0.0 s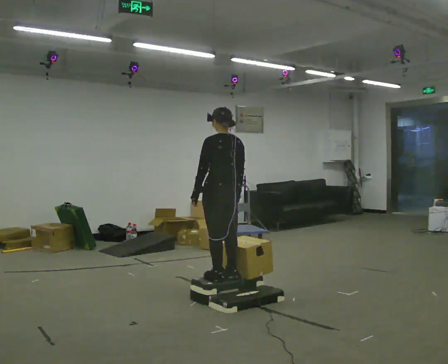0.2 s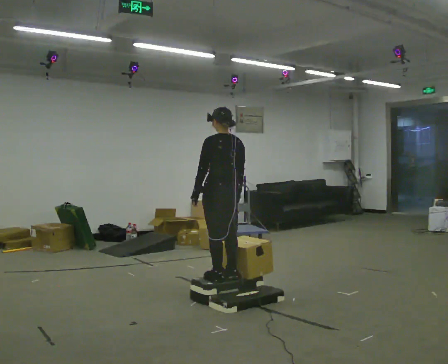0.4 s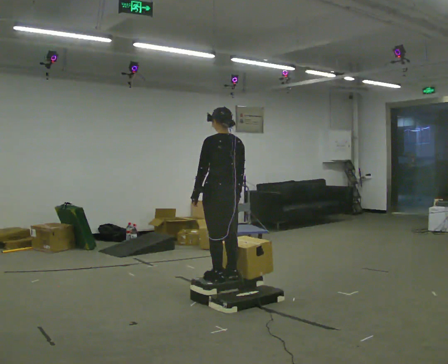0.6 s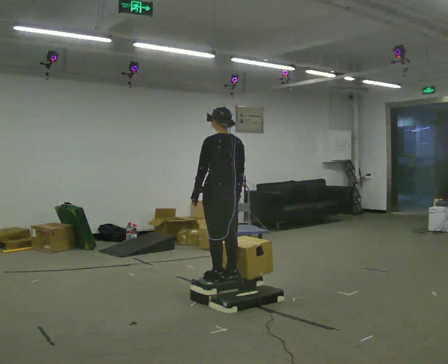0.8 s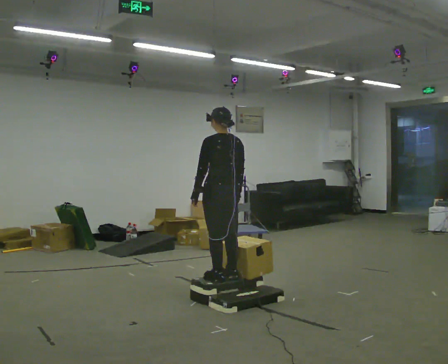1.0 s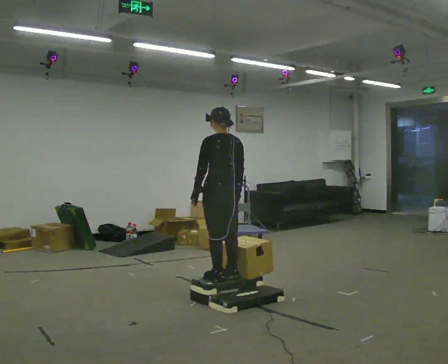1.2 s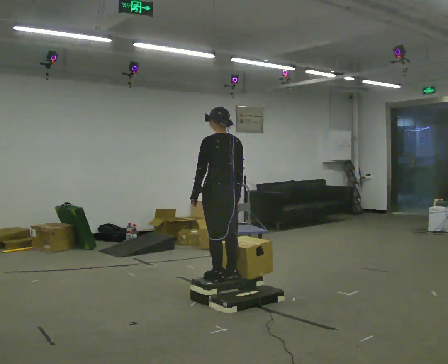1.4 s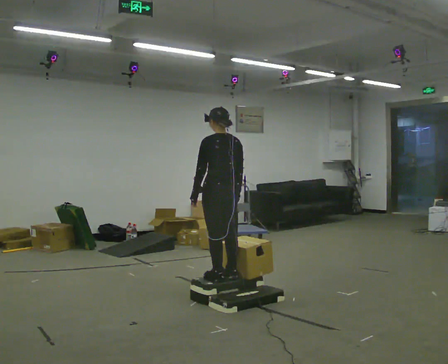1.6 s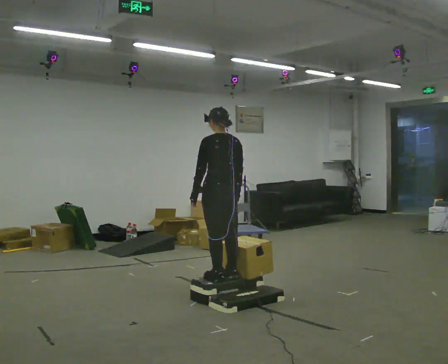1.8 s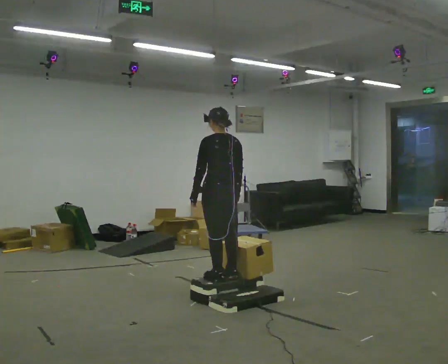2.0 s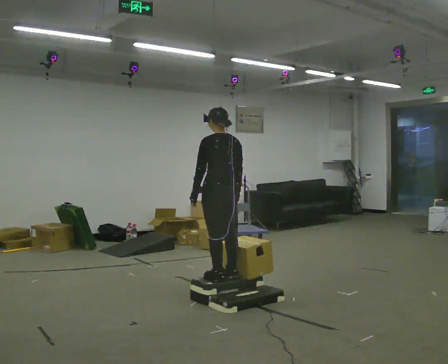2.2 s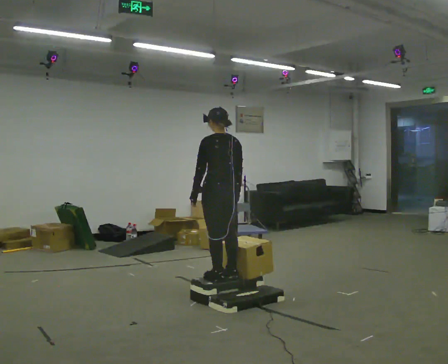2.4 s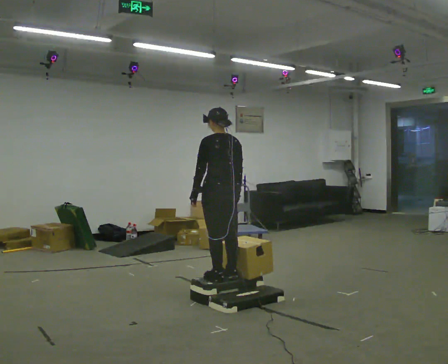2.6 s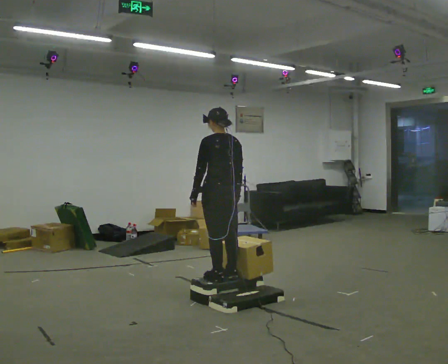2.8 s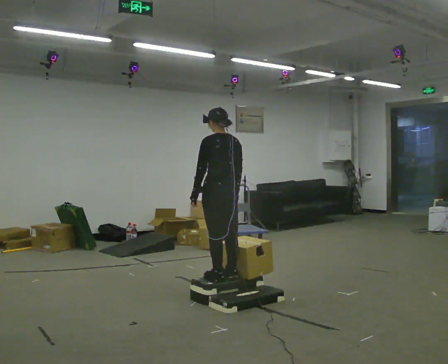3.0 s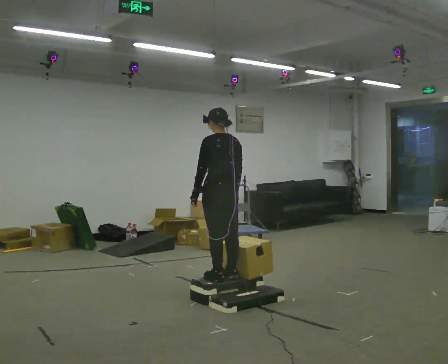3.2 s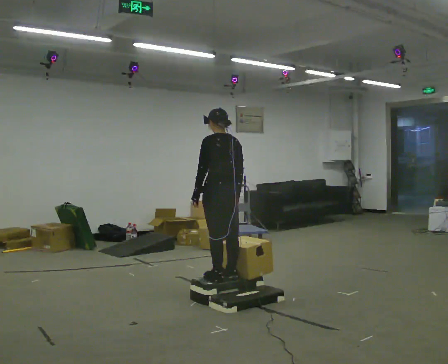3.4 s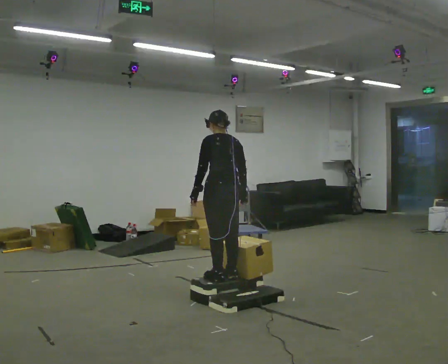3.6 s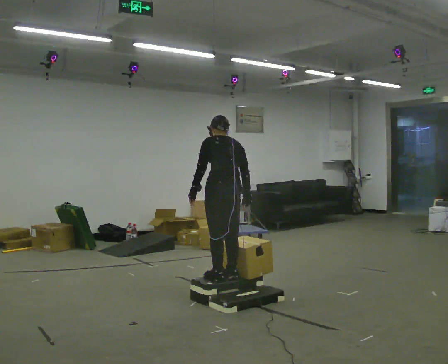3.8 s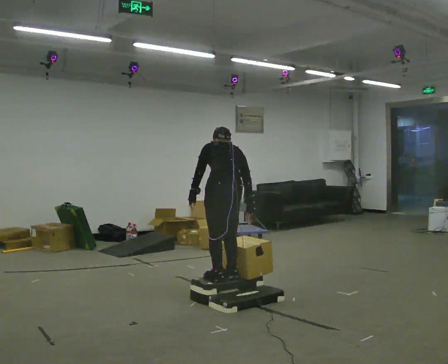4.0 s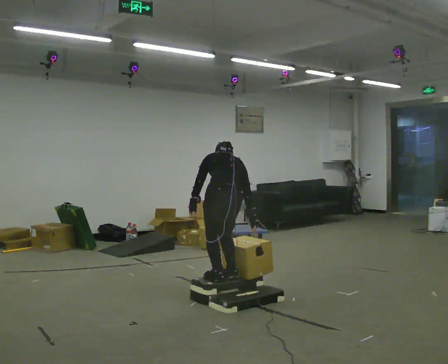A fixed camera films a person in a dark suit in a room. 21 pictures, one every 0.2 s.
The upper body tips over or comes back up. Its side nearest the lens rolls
upward.
0.0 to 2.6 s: The person moves a little, or ends about where they began.
2.6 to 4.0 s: The shoulders move downward. The upper body tips away from the camera, its near side rolling upward, as they bend forward.
The film runs backward here.
